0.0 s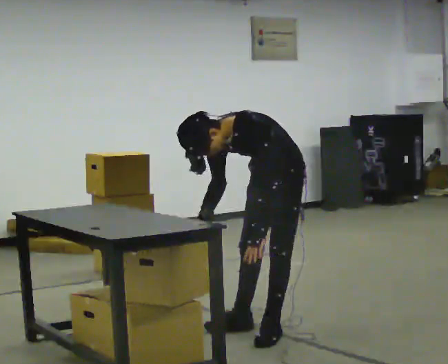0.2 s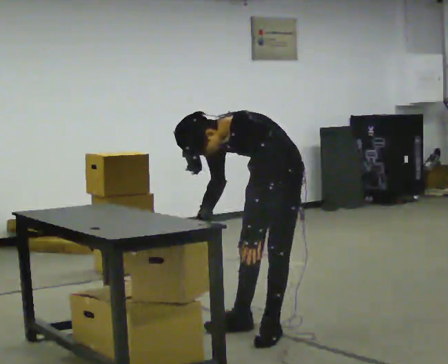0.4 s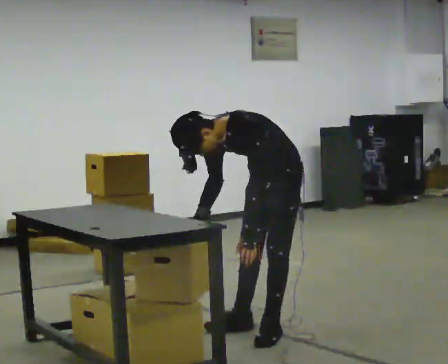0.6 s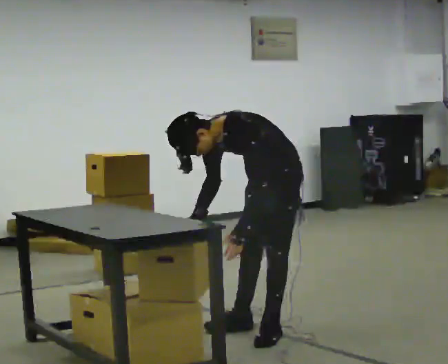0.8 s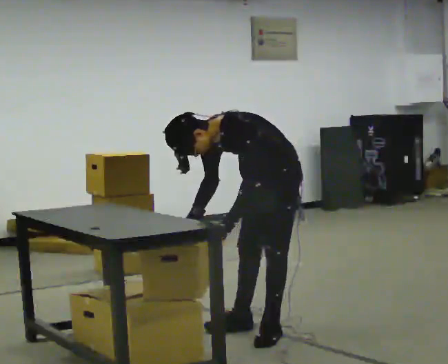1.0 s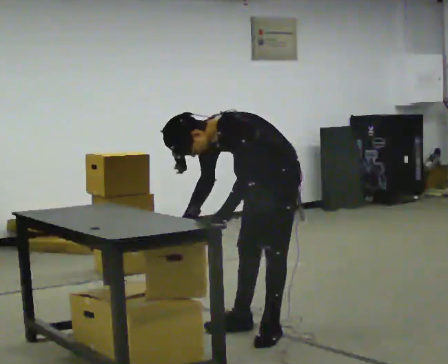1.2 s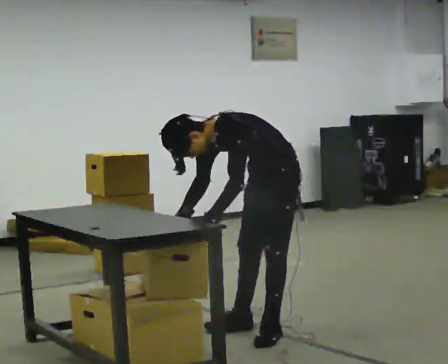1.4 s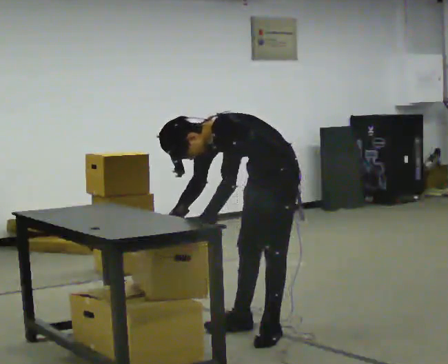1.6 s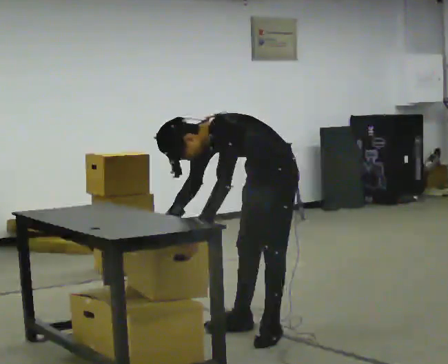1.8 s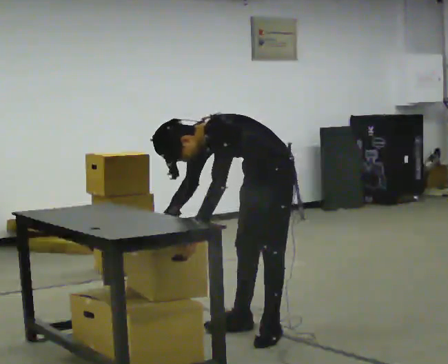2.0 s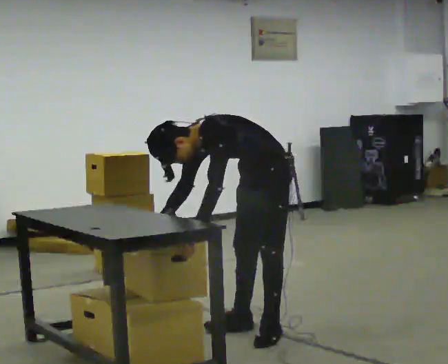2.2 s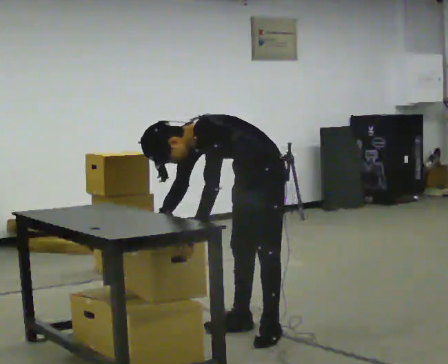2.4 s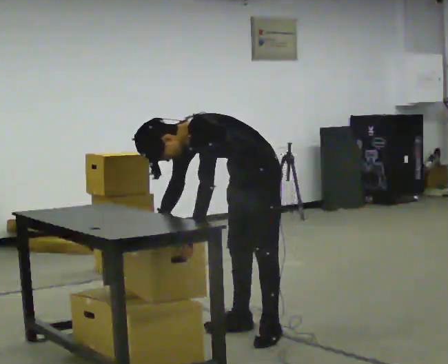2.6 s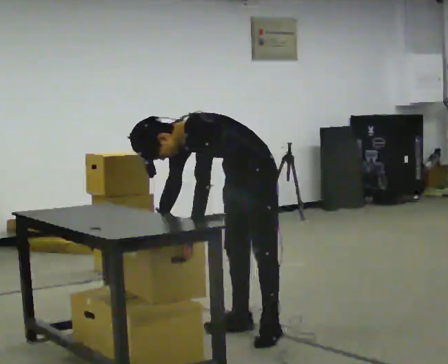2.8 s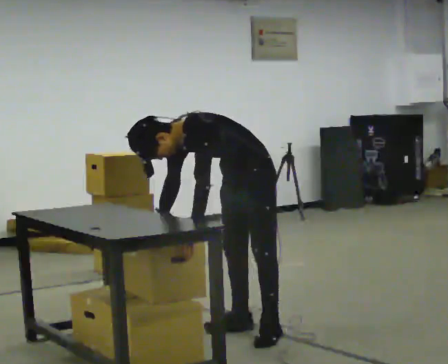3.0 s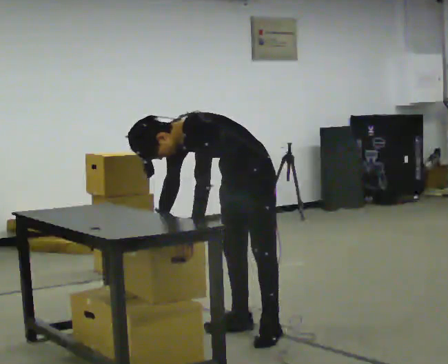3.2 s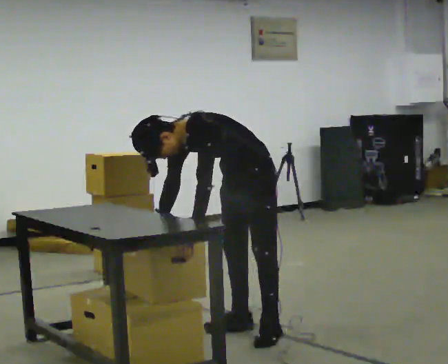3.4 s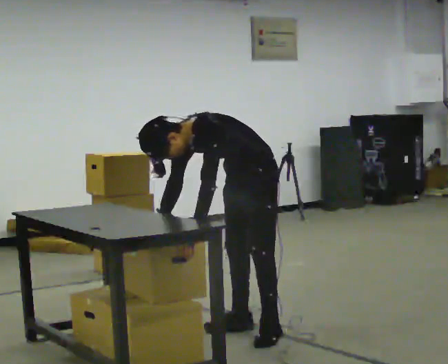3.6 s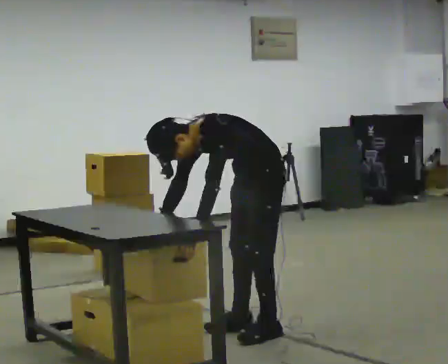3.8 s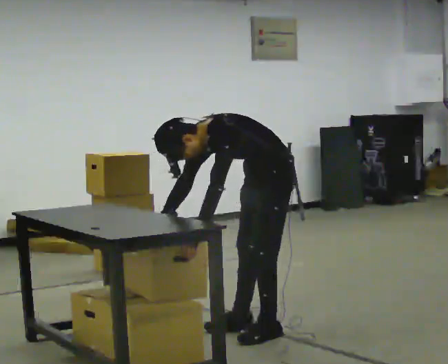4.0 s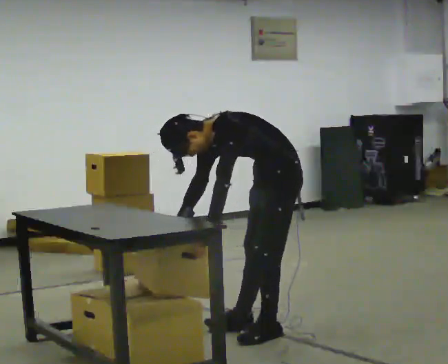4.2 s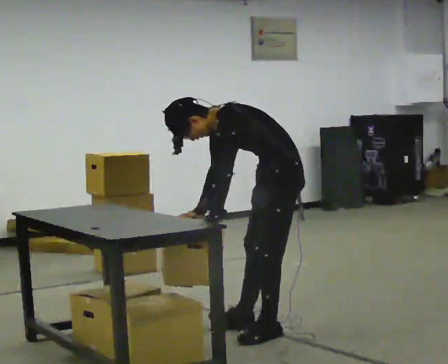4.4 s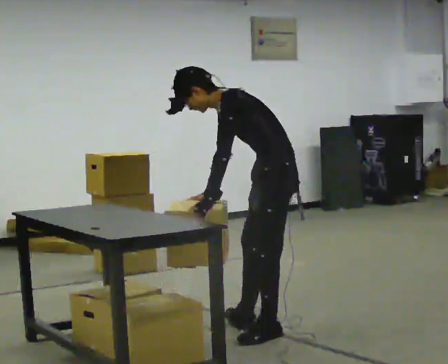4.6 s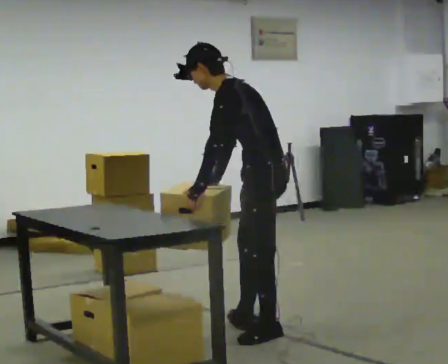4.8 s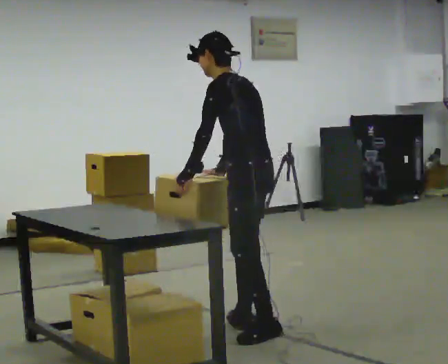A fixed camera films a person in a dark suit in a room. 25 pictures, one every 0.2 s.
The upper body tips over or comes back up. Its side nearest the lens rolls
upward.
The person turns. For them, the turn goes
to their right.
0.0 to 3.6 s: The person moves a little, or ends about where they began.
3.6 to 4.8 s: The person turns about 45 degrees to their right, clockwise seen from above, so the part of the body nearest the lens slides to the left. The shoulders move upward. The upper body tips away from the camera, its near side rolling upward, as they lean back or straighten.
The film runs forward here.
